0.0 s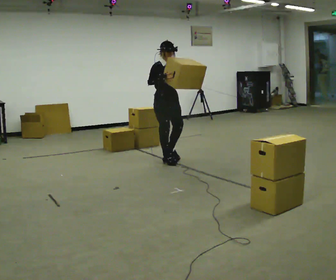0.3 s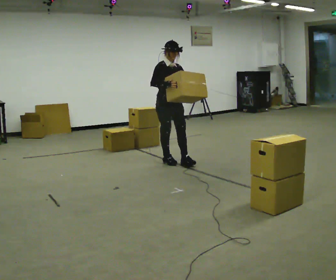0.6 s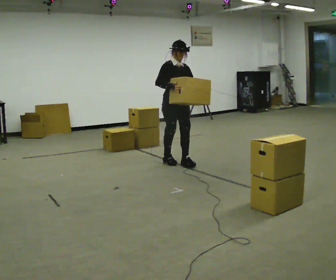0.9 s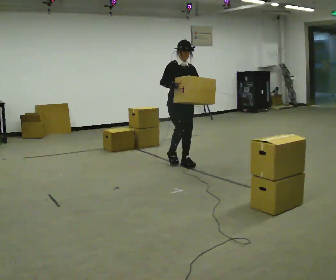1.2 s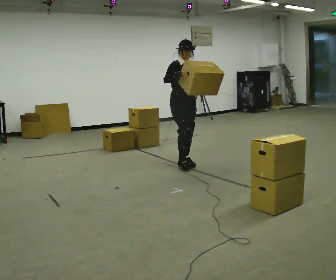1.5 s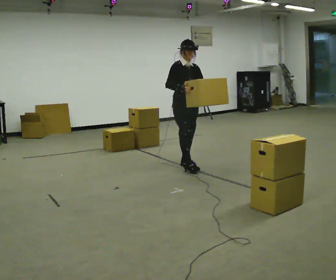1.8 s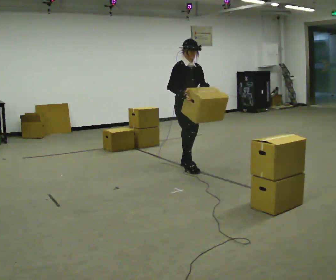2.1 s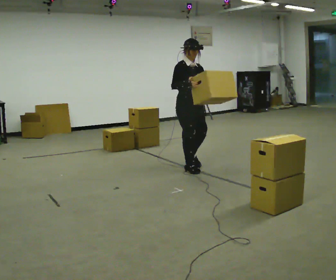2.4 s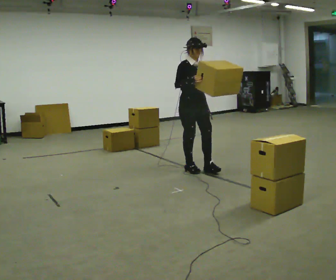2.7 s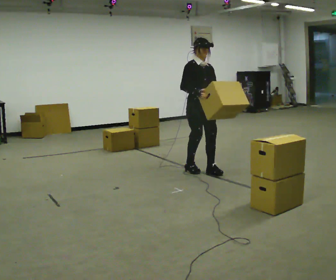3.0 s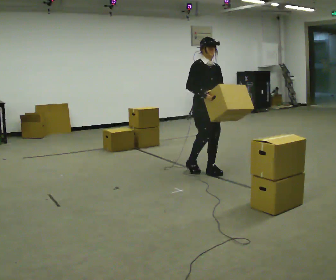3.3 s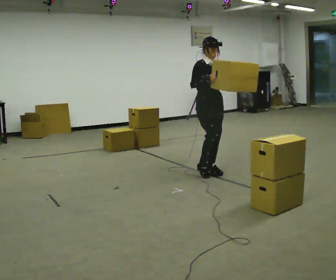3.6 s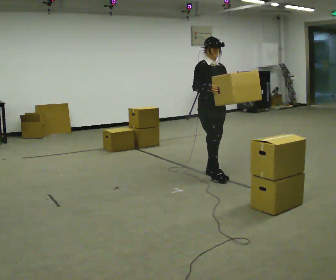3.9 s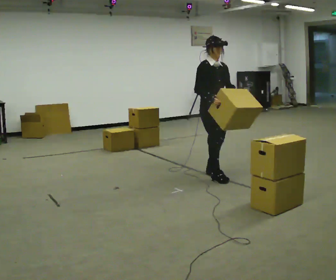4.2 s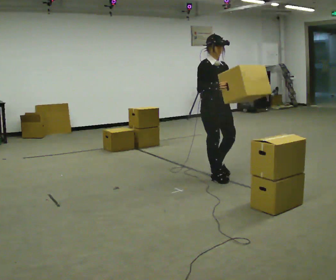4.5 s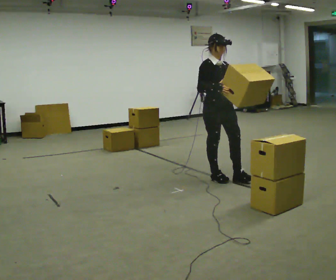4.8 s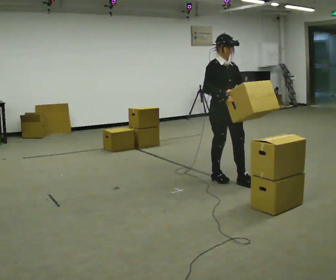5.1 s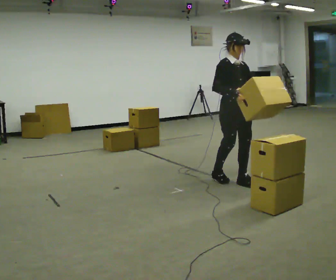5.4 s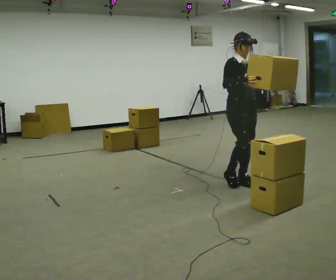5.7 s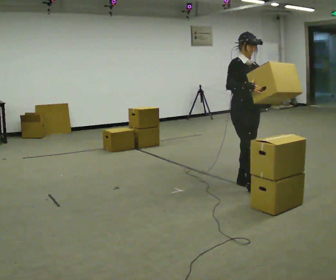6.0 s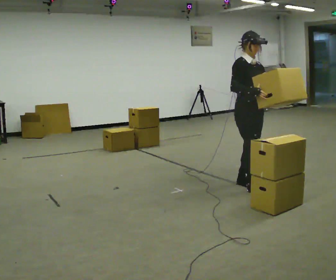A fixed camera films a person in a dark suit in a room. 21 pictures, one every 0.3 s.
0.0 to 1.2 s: In the picture they go to the right and toward the camera, about 0.25 m in 1 step, which for them is forward and to their left.
1.2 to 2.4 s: In the picture they go toward the camera, about 0.25 m in 1 step, which for them is forward.
2.4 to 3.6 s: In the picture they go to the right and toward the camera, about 0.25 m in 2 steps, which for them is forward.
3.6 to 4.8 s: In the picture they go toward the camera, about 0.25 m in 1 step, which for them is forward.
4.8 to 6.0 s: In the picture they go toward the camera and to the right, about 0.25 m in 1 step, which for them is forward.
The film runs forward here.
